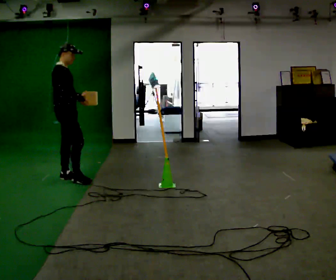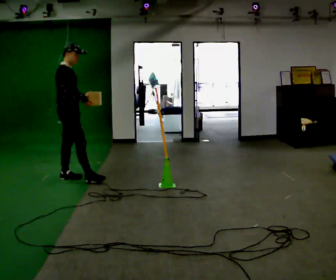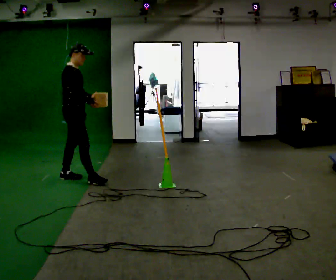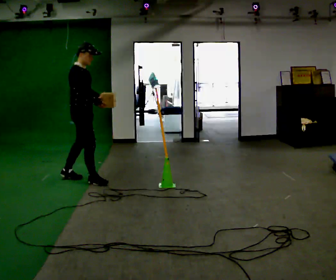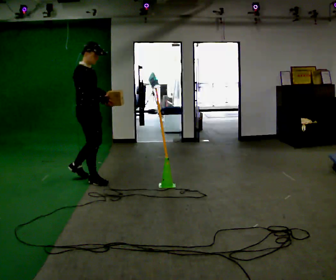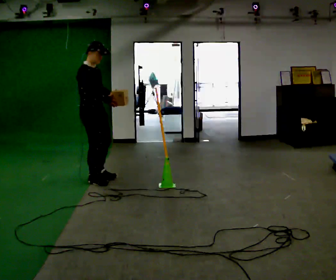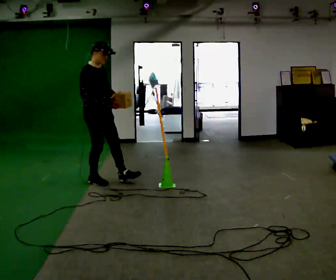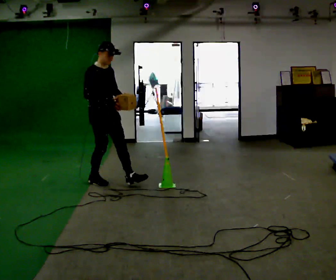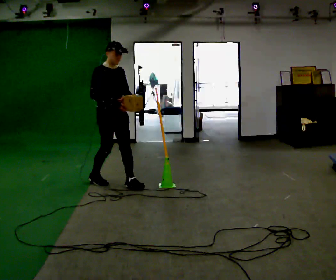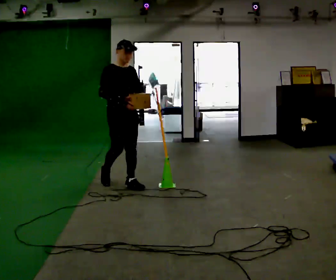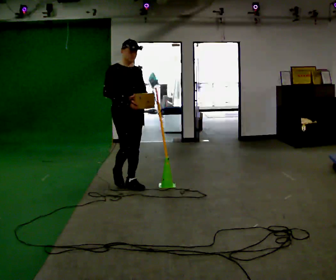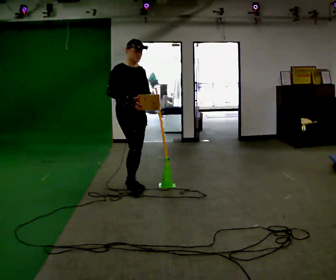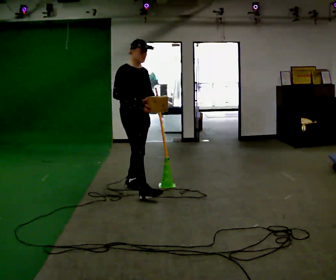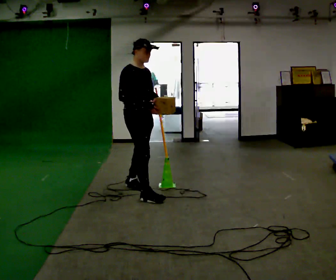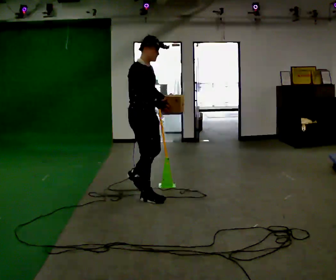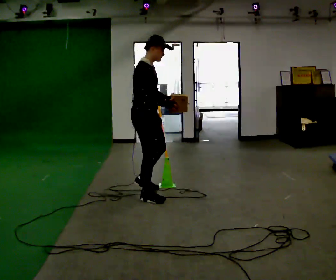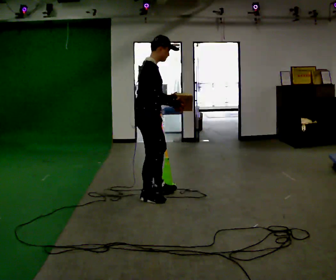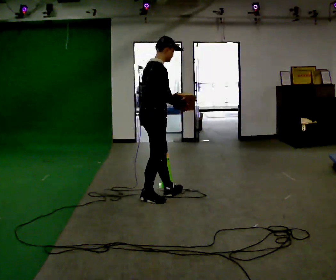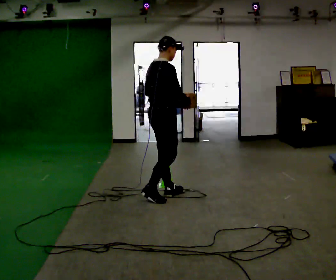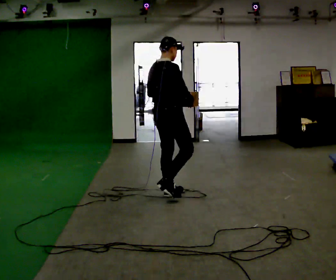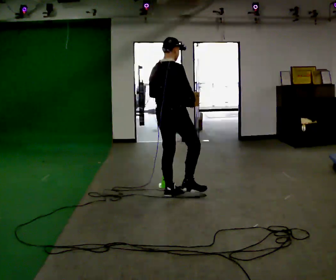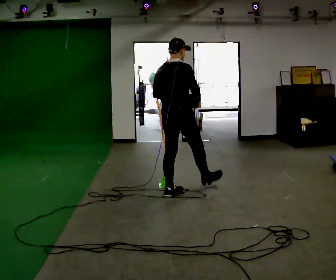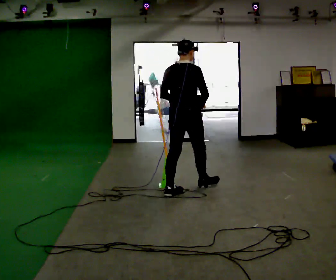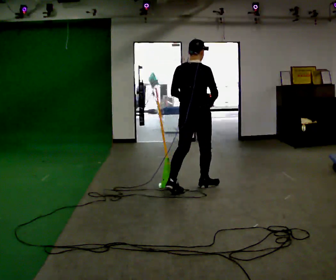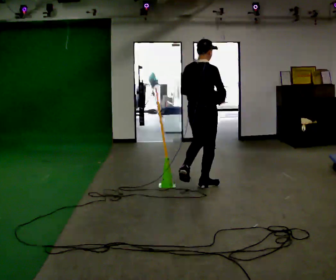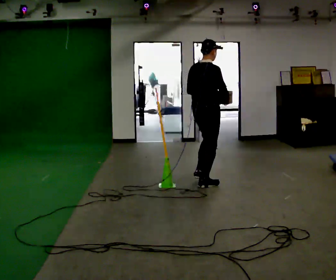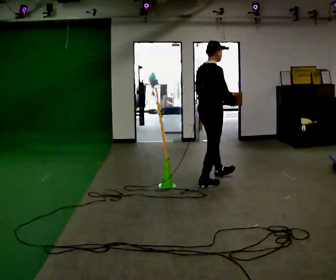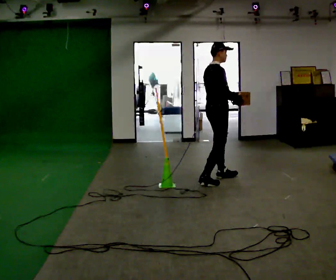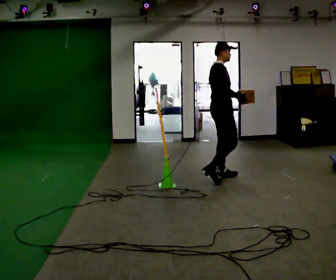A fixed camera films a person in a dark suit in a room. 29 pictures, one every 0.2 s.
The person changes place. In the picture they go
to the right.
0.0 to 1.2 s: Seen from above the body turns clockwise, about 30 degrees: to their right, with its near side sliding to the left. In the picture they go to the right, about 0.5 m in 1 step, which for them is forward.
1.2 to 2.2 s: In the picture they go to the right and toward the camera, about 0.5 m in 1 step, which for them is forward and to their left.
2.2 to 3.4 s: Seen from above the body turns counterclockwise, about 60 degrees: to their left, with its near side sliding to the right. In the picture they go toward the camera and to the right, about 0.5 m in 2 steps.
3.4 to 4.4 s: The part of the body nearest the lens slides to the right as the person turns to their left by about 45 degrees. In the picture they go to the right and away from the camera, about 0.5 m in 1 step, which for them is forward.
4.4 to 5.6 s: Seen from above the body turns clockwise, about 60 degrees: to their right, with its near side sliding to the left. In the picture they go to the right and away from the camera, about 0.75 m in 1 step, which for them is forward.
The film runs forward here.
